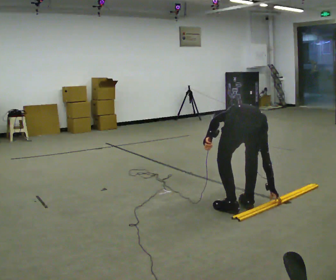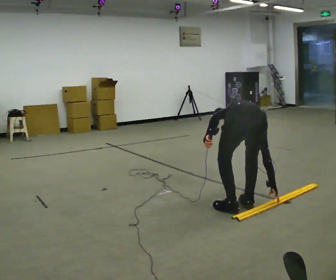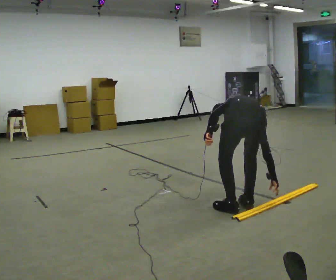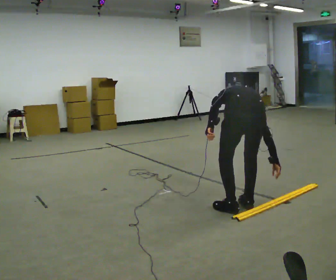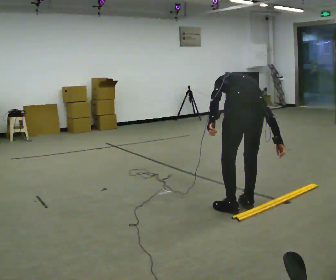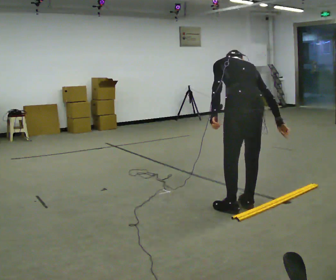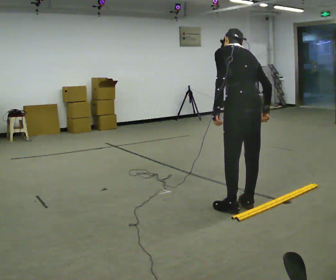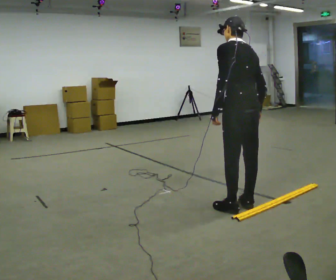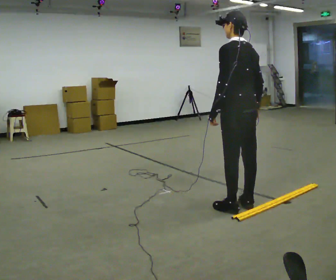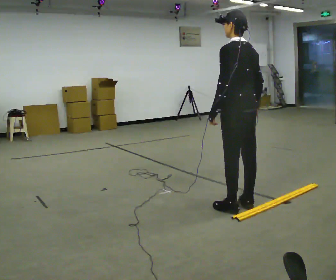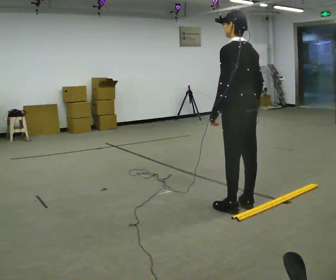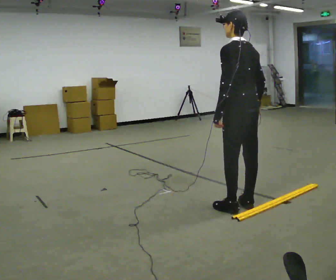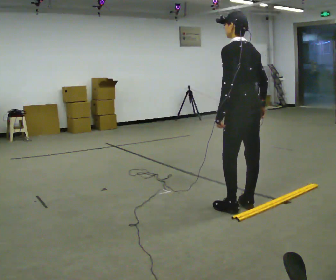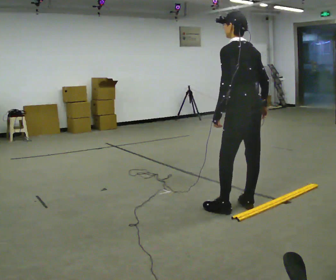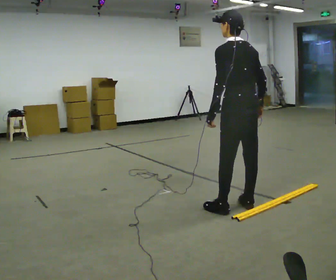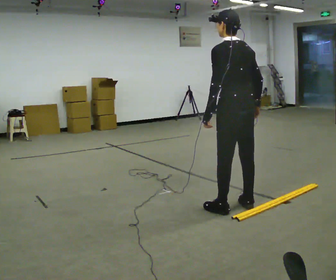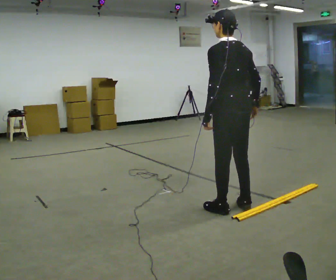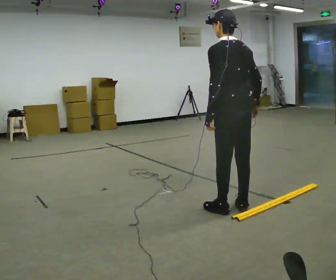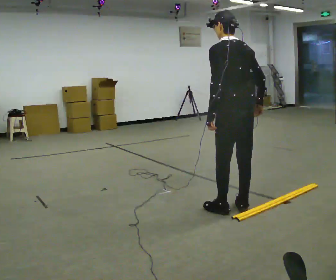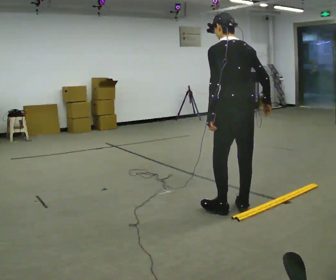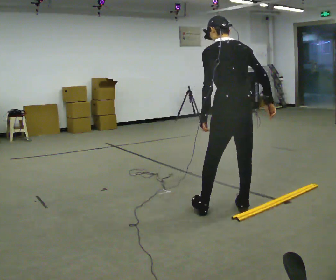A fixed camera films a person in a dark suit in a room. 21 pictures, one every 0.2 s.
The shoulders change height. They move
upward.
The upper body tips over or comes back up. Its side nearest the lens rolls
downward.
0.0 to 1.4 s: The part of the body nearest the lens slides to the right as the person turns to their left by about 45 degrees. In the picture they go away from the camera, about 0.25 m, which for them is forward. The upper body goes upward. The upper body tips toward the camera, its near side rolling downward, as they lean back or straighten.
1.4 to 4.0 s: The person moves a little, or ends about where they began.
The film runs backward here.
